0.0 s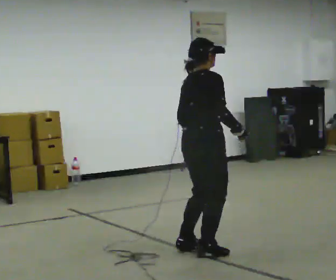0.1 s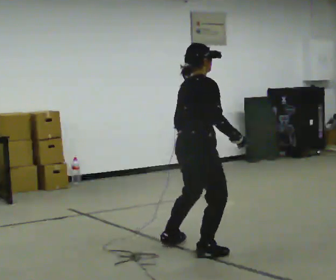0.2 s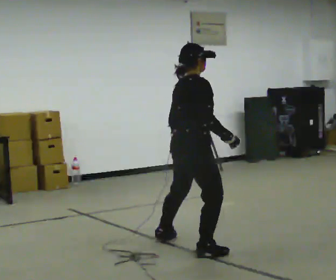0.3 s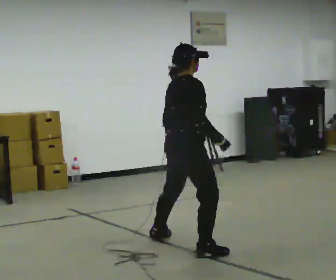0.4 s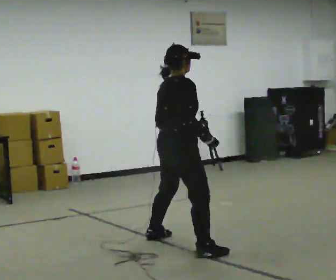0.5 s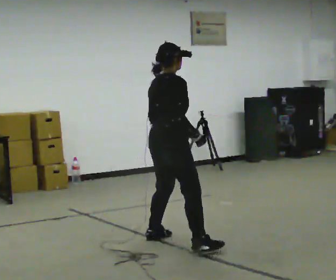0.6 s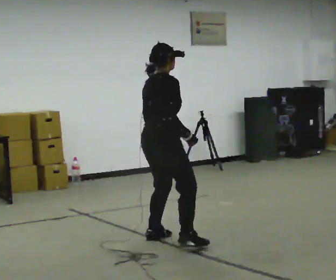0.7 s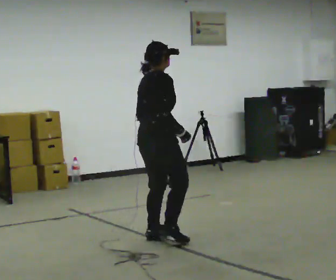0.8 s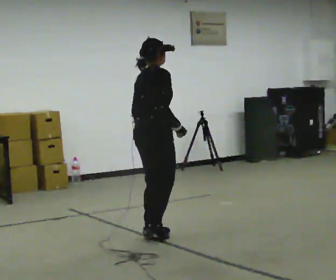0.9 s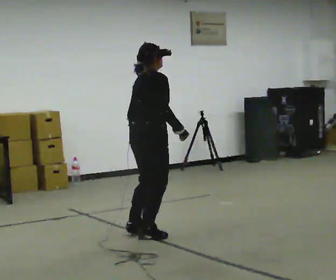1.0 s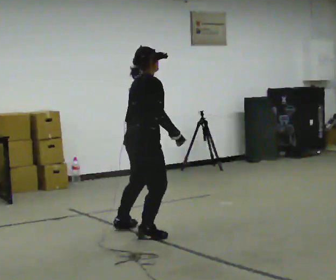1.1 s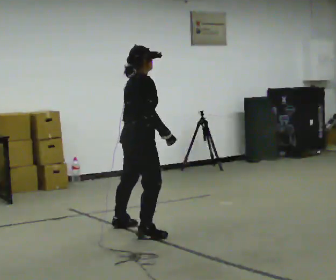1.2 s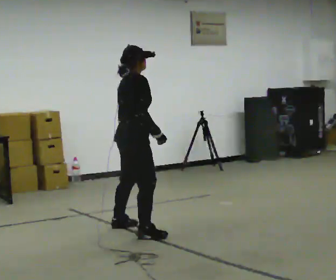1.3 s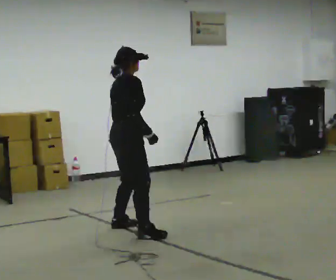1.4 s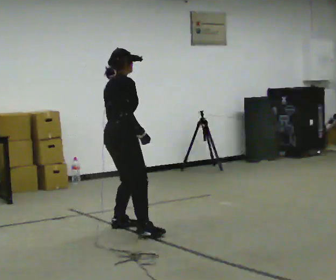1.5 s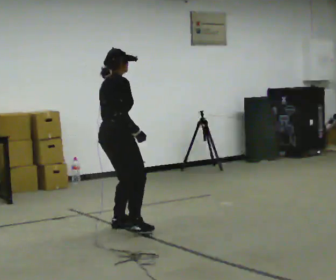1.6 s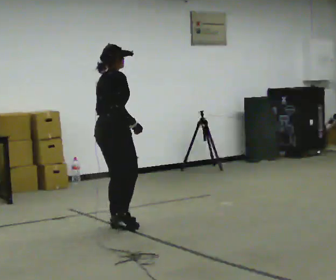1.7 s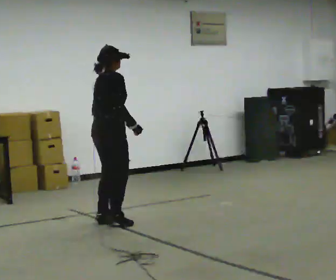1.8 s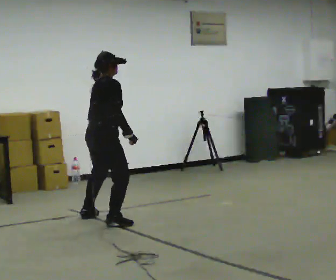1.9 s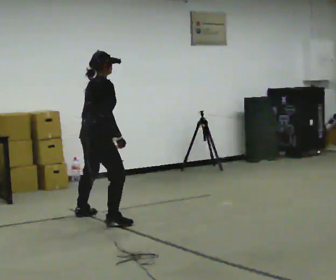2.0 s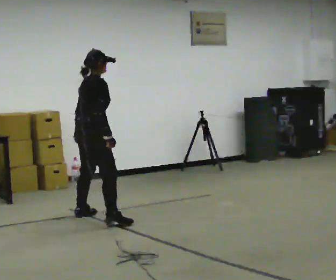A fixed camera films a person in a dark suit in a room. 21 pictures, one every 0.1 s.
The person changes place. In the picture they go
away from the camera.
0.0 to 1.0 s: In the picture they go away from the camera and to the left, about 0.5 m in 2 steps, which for them is to their left.
1.0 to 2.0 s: In the picture they go away from the camera and to the left, about 1 m in 2 steps, which for them is to their left.
The film runs backward here.
